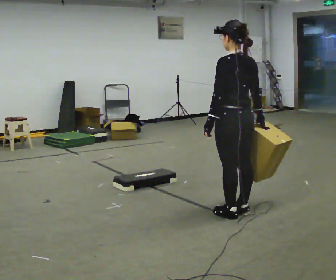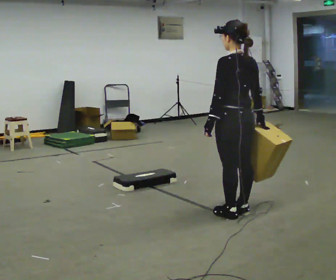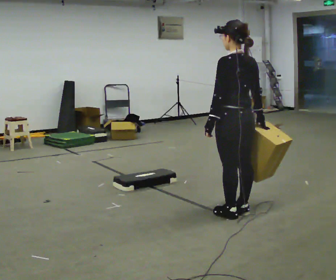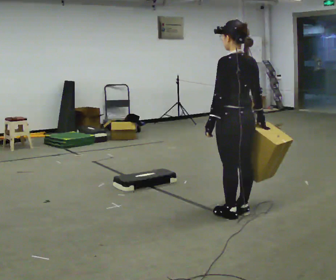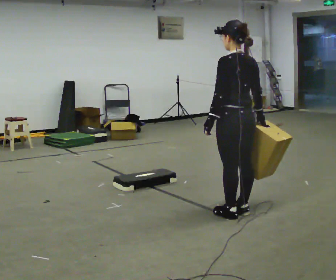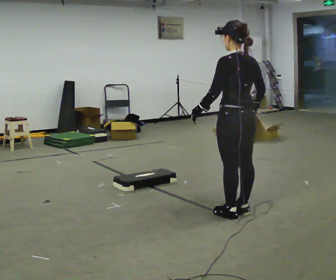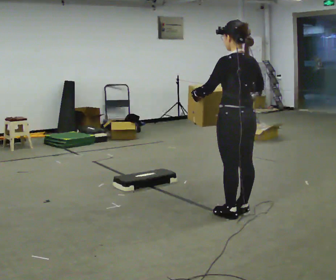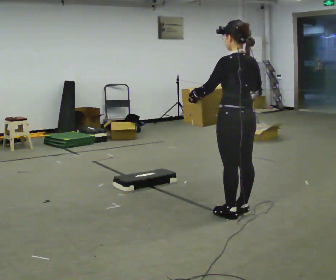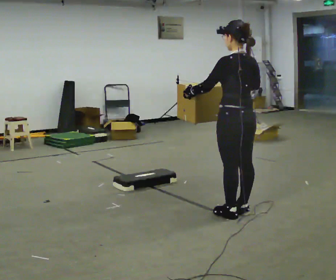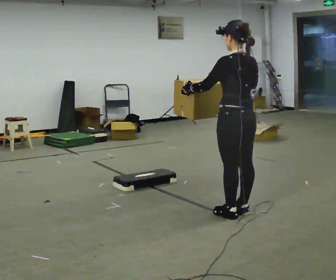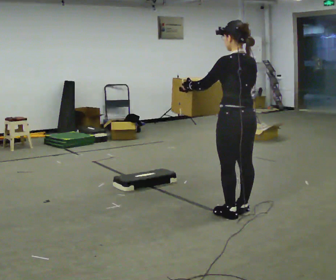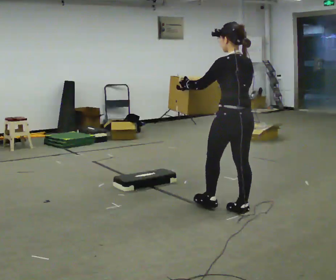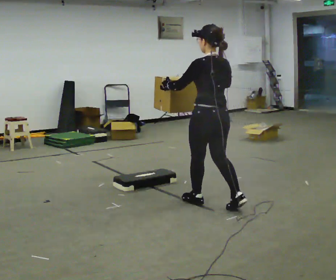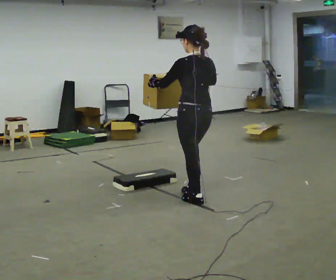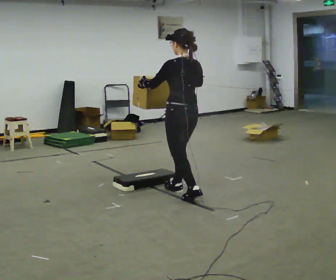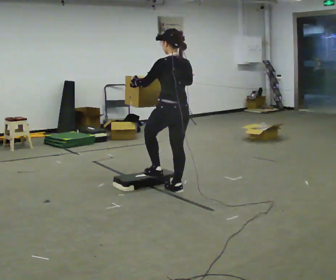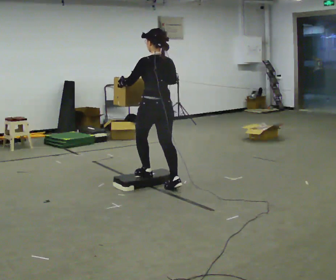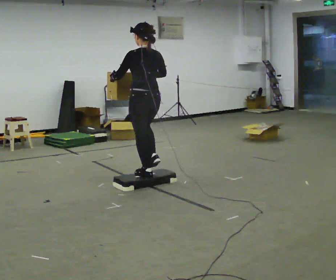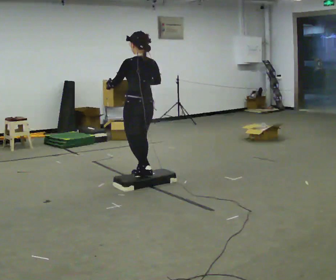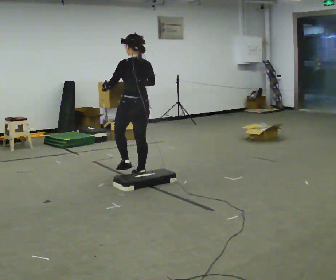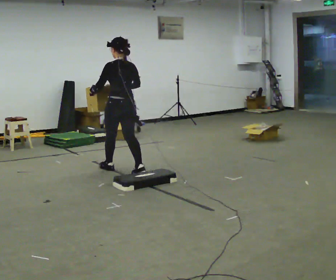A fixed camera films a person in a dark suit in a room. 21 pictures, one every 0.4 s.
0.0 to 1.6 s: The person keeps their place and pose.
1.6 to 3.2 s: The person moves a little, or ends about where they began.
3.2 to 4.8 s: In the picture they go to the left and away from the camera, about 0.25 m in 1 step, which for them is forward.
4.8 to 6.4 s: In the picture they go to the left and away from the camera, about 1 m in 2 steps, which for them is forward.
6.4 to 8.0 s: In the picture they go to the left and away from the camera, about 0.5 m in 2 steps, which for them is forward.
The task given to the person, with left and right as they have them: Carry the box up onto the platform, across it, and down the other side, then bring it back. Keep going until the operator says stop; one object at a time, and do not rush between trips.
The film runs forward here.
